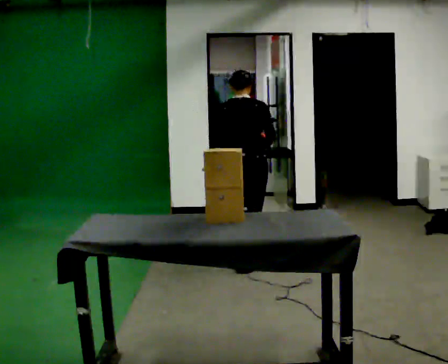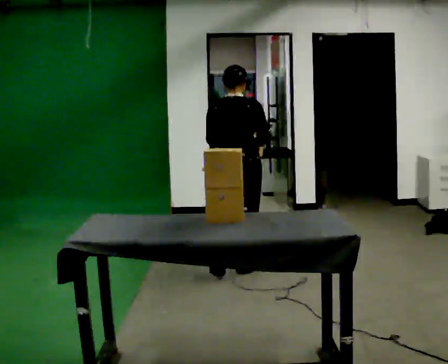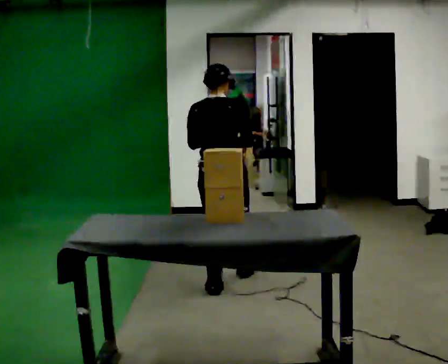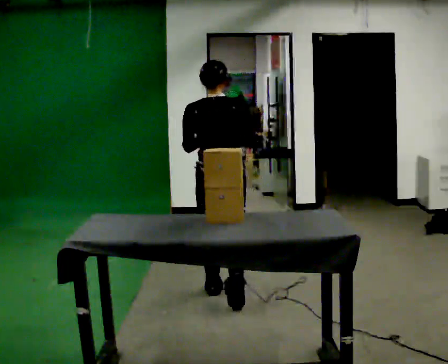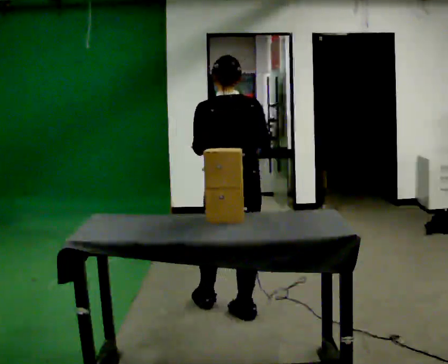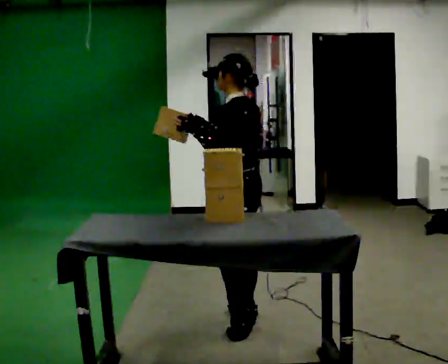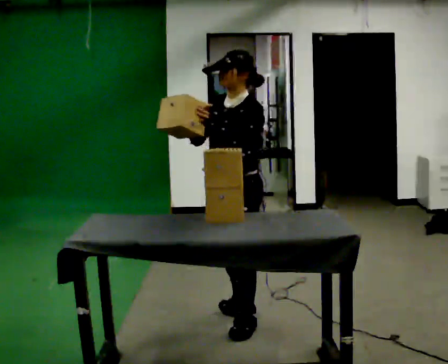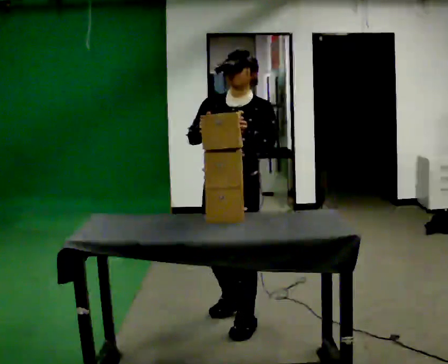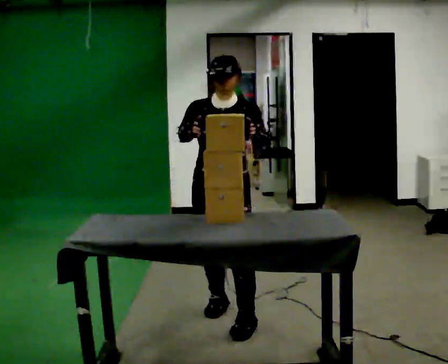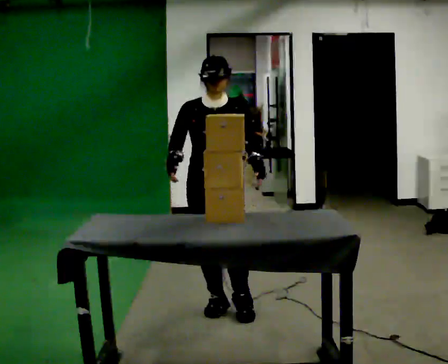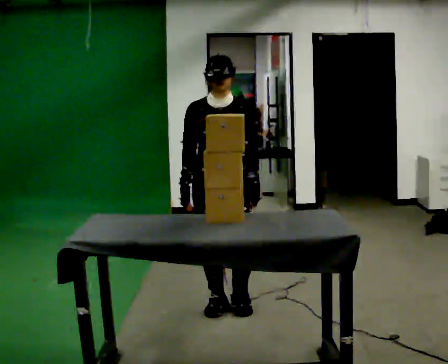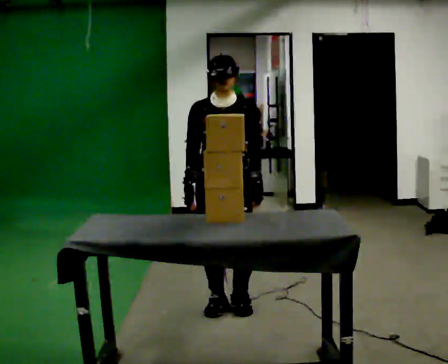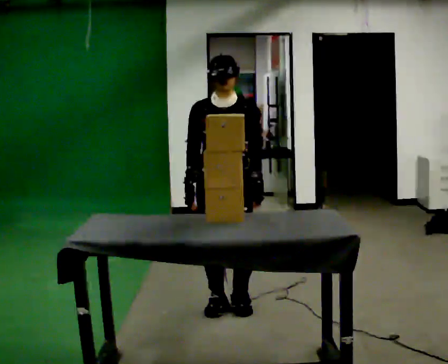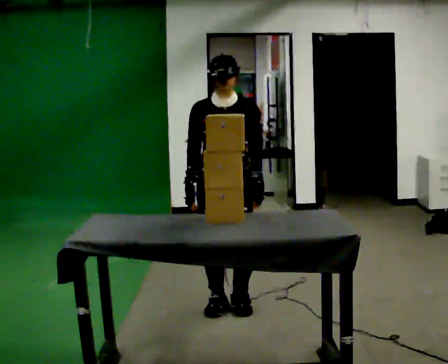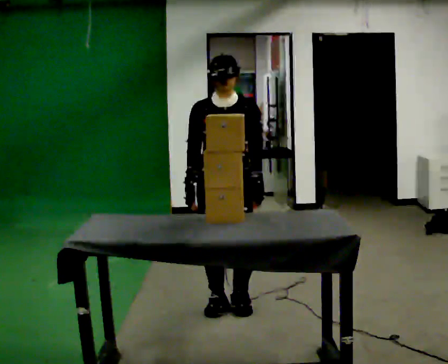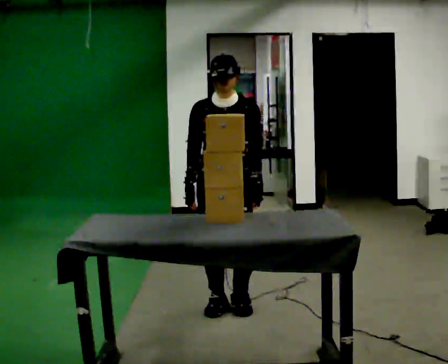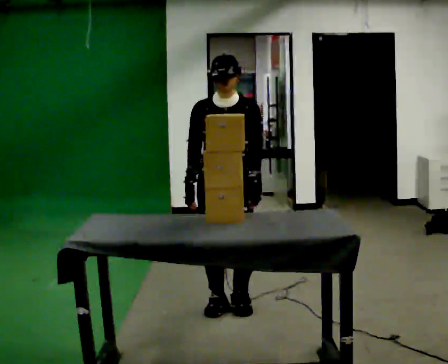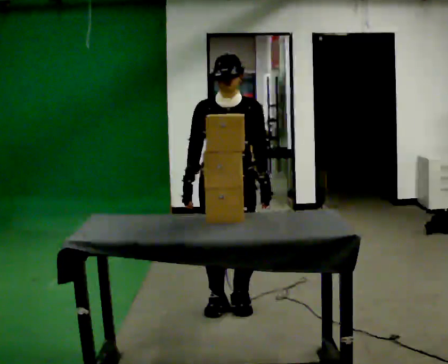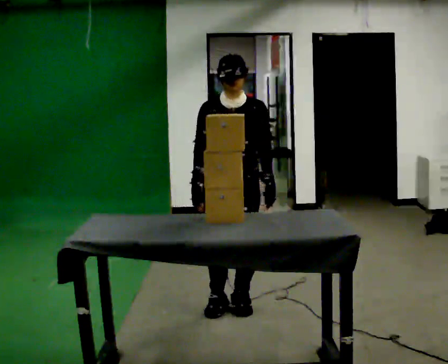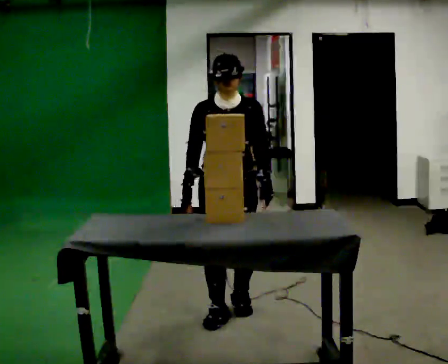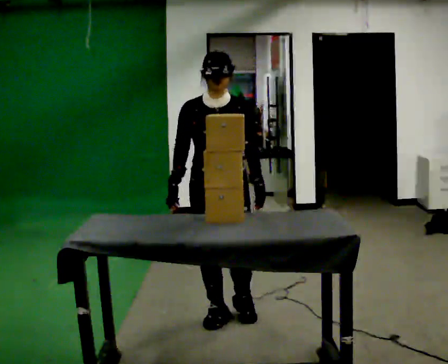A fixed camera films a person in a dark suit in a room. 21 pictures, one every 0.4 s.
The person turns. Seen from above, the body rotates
counterclockwise.
The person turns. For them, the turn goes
to their left.
0.0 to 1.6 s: In the picture they go toward the camera, about 1 m in 3 steps, which for them is backward.
1.6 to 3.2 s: The person turns about 165 degrees to their left, counterclockwise seen from above, so the part of the body nearest the lens slides to the right. In the picture they go toward the camera, about 0.25 m in 1 step.
3.2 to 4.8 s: In the picture they go away from the camera, about 0.25 m in 1 step, which for them is backward. In the picture their right hand goes downward.
4.8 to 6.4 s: The person moves a little, or ends about where they began.
6.4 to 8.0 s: In the picture they go toward the camera, about 0.25 m in 2 steps, which for them is forward.
The film runs backward here.
